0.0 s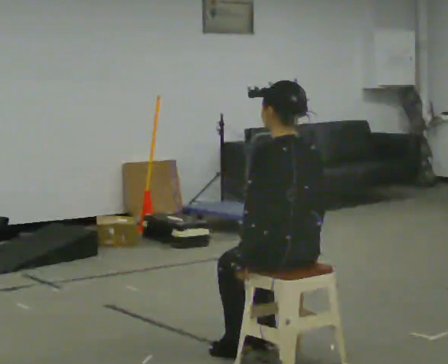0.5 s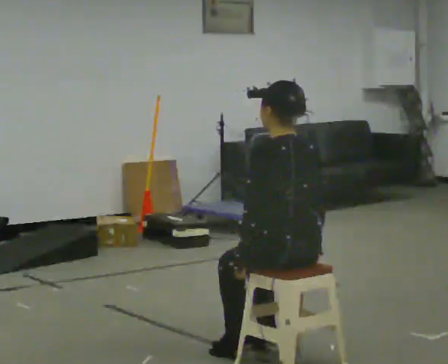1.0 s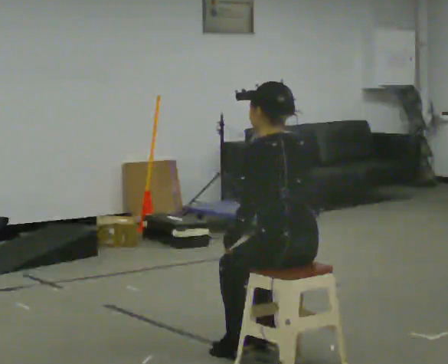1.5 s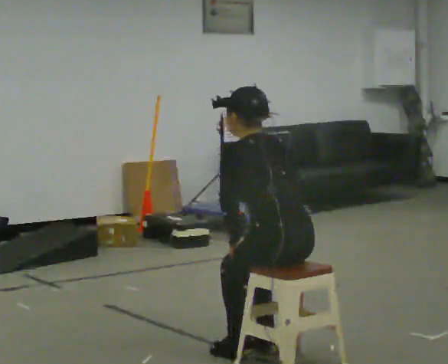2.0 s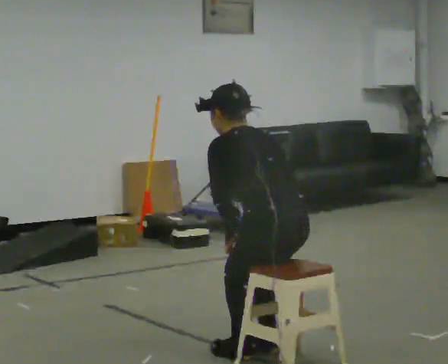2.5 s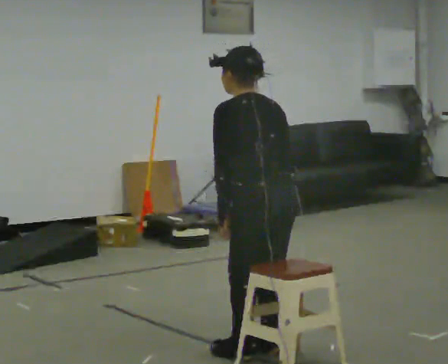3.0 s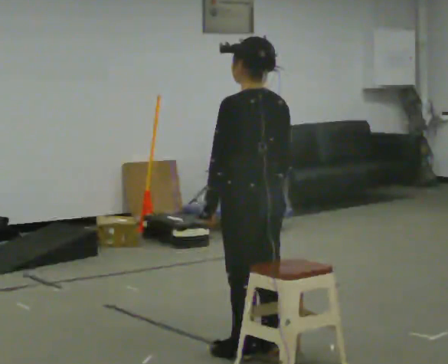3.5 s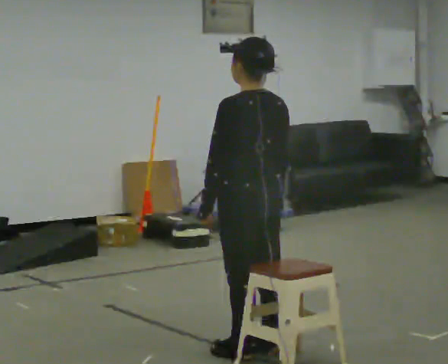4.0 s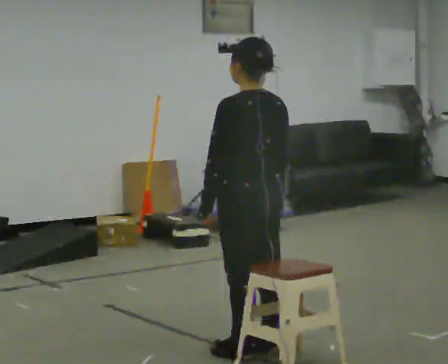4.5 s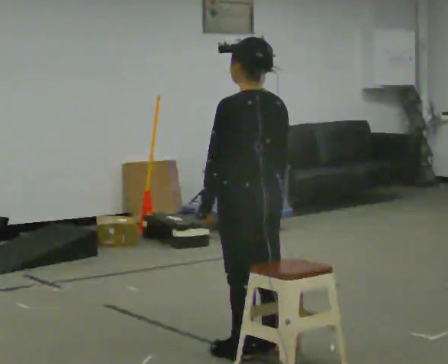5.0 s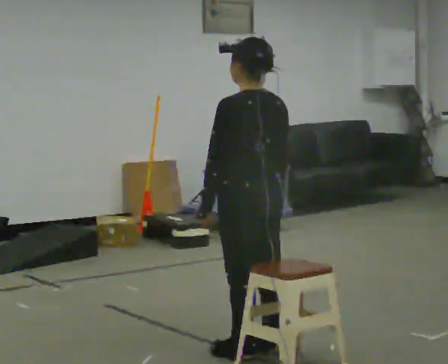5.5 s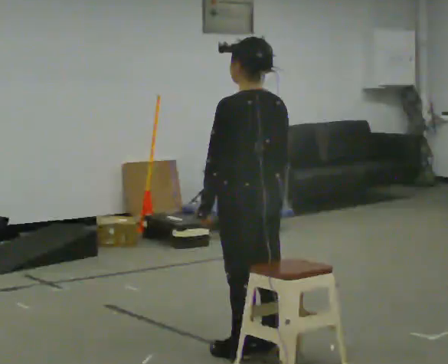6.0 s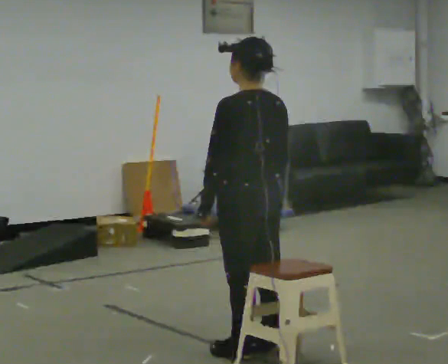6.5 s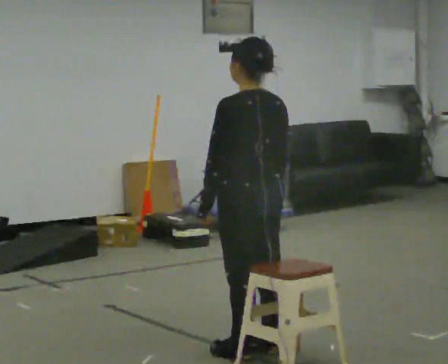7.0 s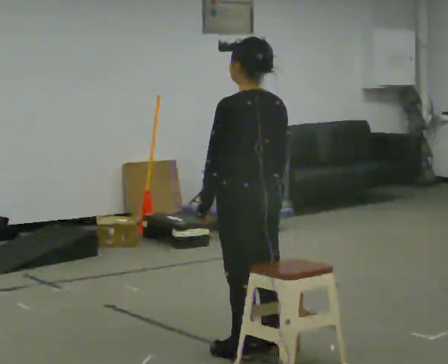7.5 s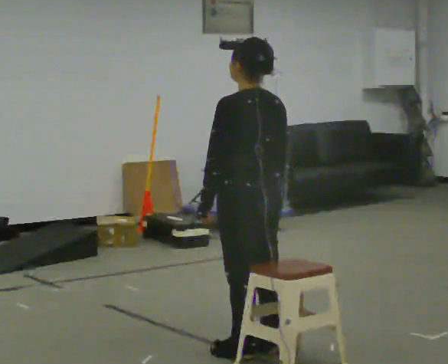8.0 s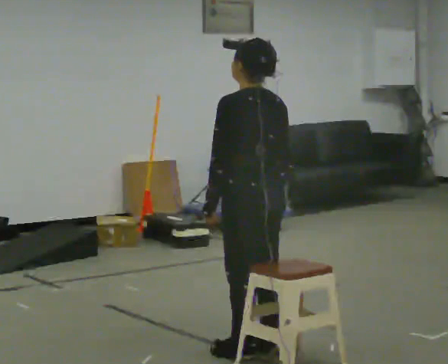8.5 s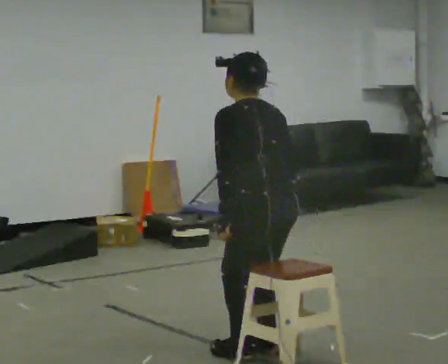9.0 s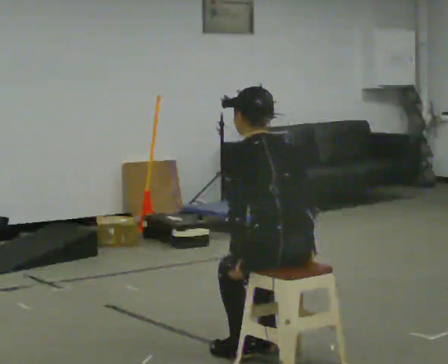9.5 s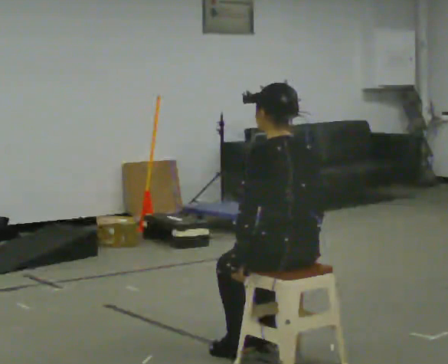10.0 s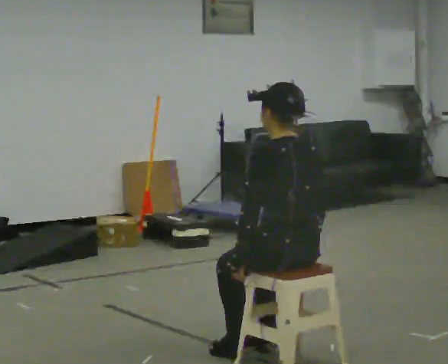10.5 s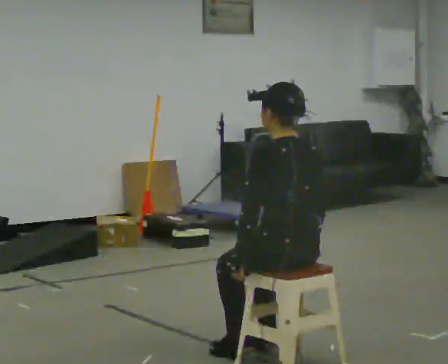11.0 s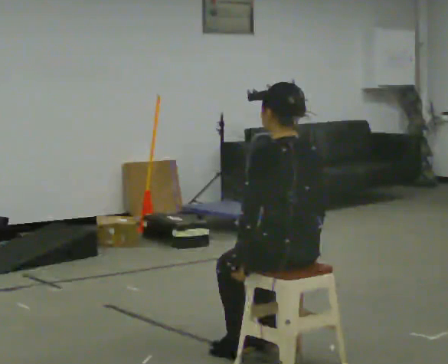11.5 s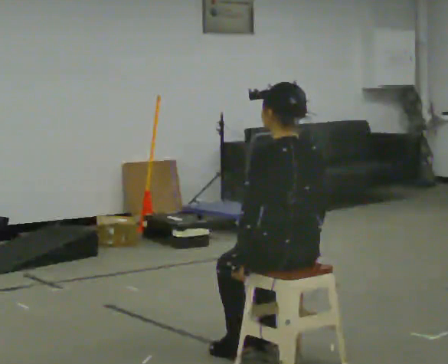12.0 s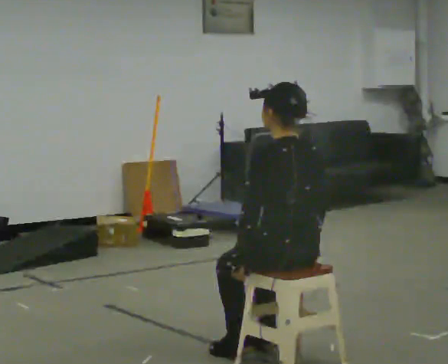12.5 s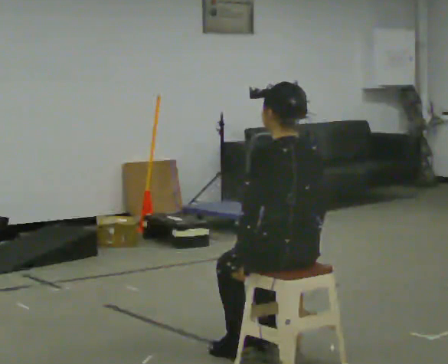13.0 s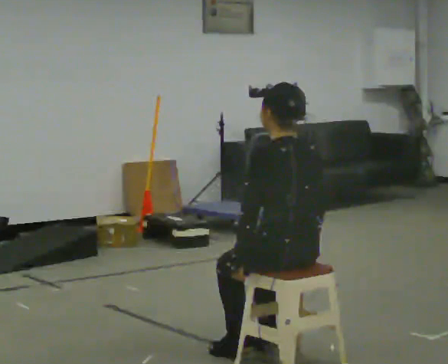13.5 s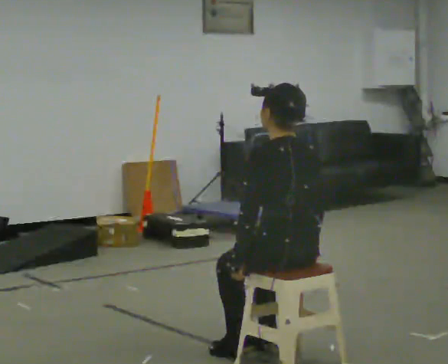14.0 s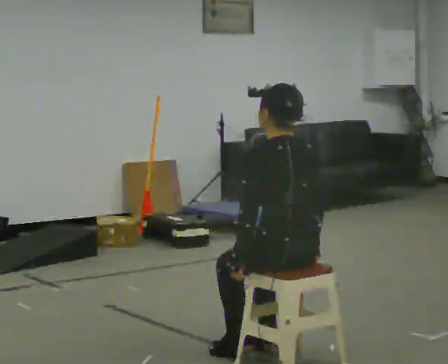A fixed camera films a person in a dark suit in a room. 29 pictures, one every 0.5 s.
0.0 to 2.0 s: The upper body tips away from the camera, its near side rolling upward, as they bend forward.
2.0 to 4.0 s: In the picture they go away from the camera, about 0.25 m, which for them is forward. The upper body goes upward. The upper body tips toward the camera, its near side rolling downward, as they lean back or straighten.
4.0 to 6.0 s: The person keeps their place and pose.
6.0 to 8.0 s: The person moves a little, or ends about where they began.
8.0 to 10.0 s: In the picture they go toward the camera, about 0.25 m, which for them is backward. The upper body goes downward.
10.0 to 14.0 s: The person keeps their place and pose.
The film runs backward here.
